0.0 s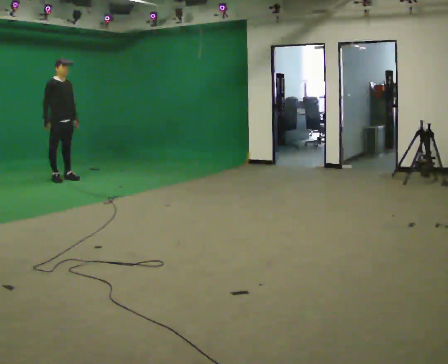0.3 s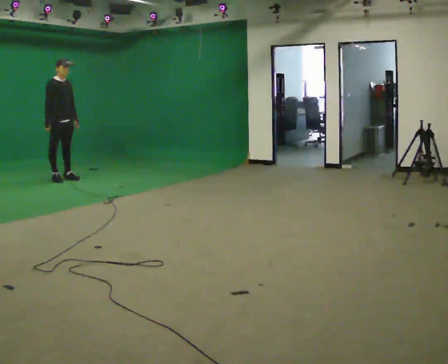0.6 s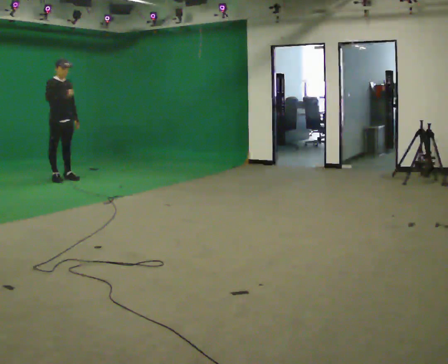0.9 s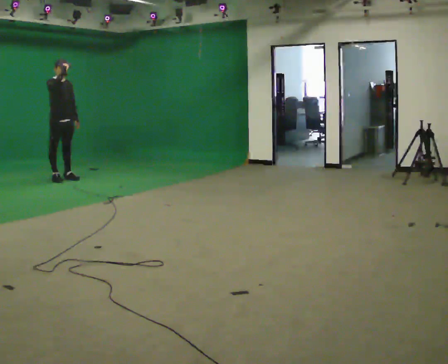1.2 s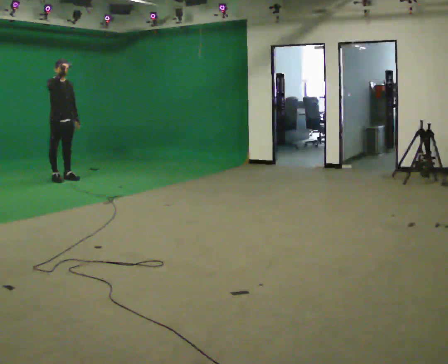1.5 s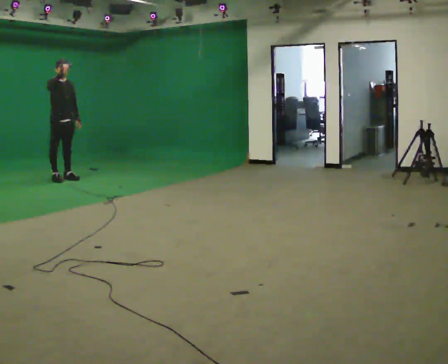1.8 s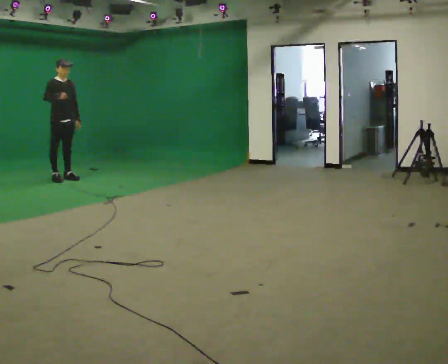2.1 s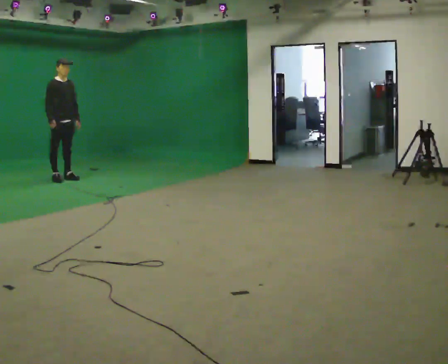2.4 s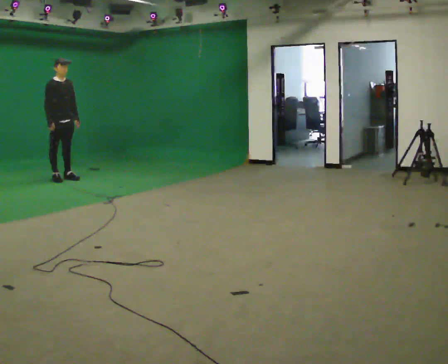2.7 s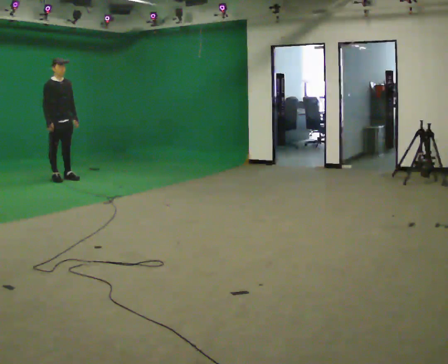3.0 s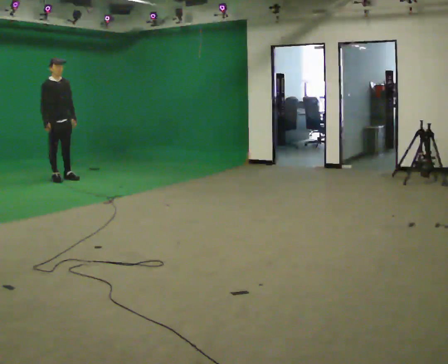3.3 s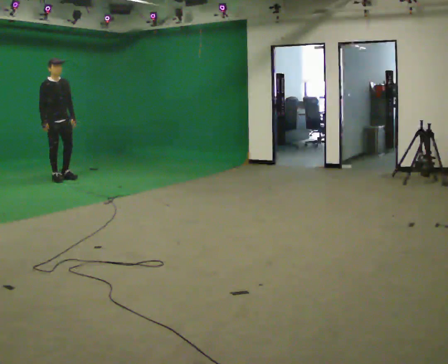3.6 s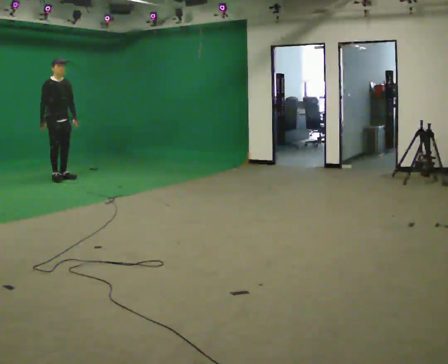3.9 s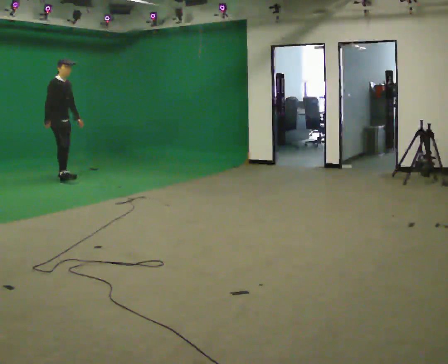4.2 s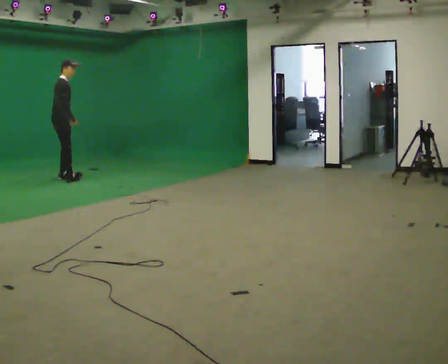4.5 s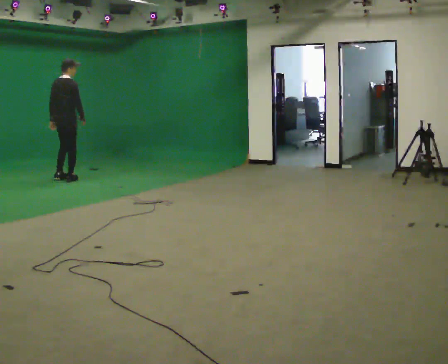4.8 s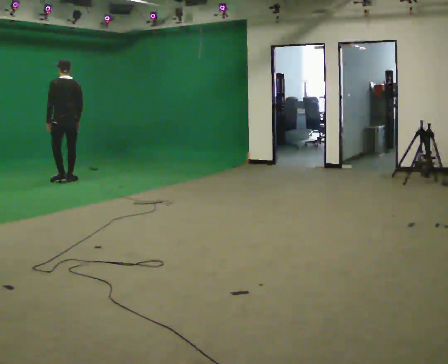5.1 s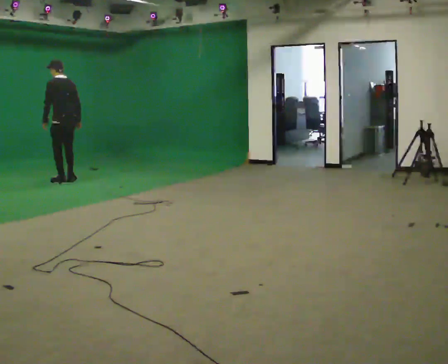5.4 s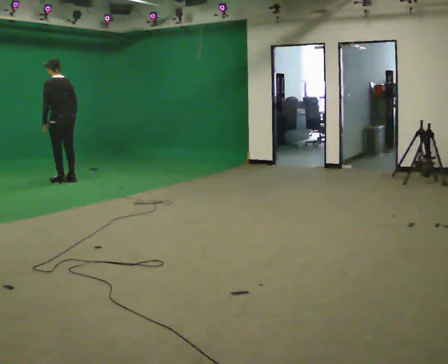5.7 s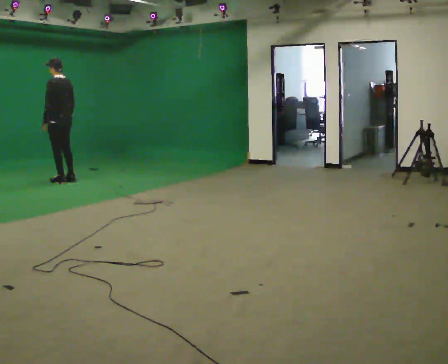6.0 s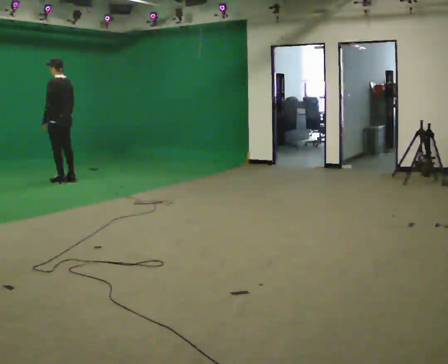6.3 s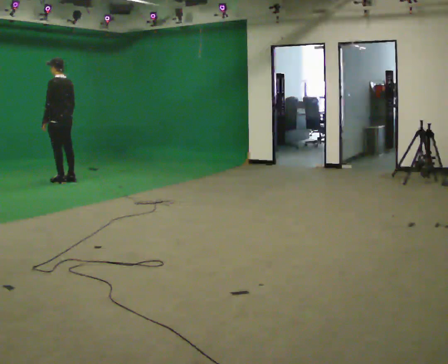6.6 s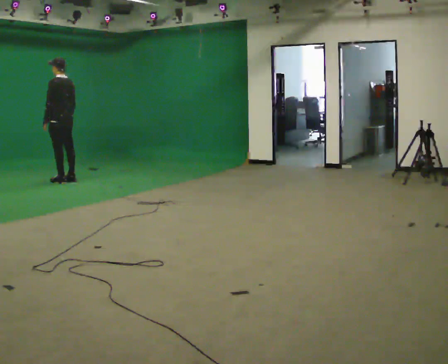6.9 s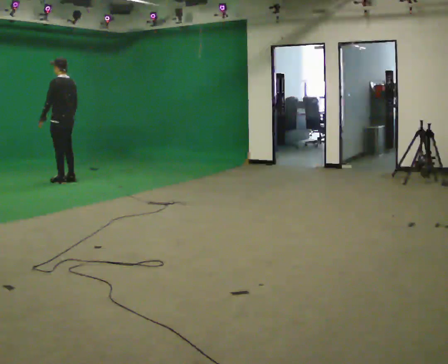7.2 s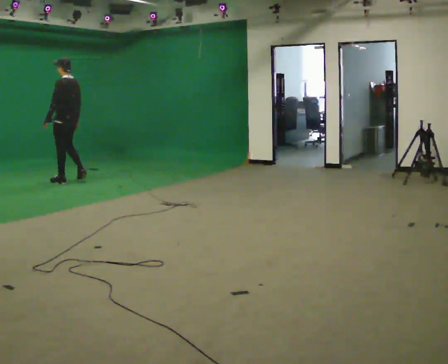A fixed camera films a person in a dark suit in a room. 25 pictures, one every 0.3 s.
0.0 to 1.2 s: In the picture their right hand goes upward.
1.2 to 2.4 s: In the picture their right hand goes downward.
2.4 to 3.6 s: The person moves a little, or ends about where they began.
3.6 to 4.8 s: Seen from above the body turns counterclockwise, about 150 degrees: to their left, with its near side sliding to the right. In the picture they go toward the camera and to the right, about 0.25 m in 2 steps.
4.8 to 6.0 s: Seen from above the body turns counterclockwise, about 45 degrees: to their left, with its near side sliding to the right.
6.0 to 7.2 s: The person moves a little, or ends about where they began.
The film runs backward here.
